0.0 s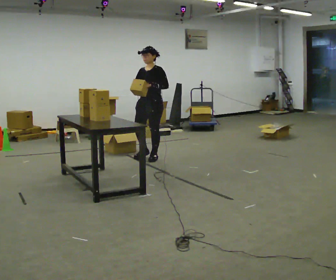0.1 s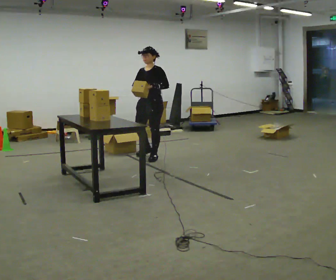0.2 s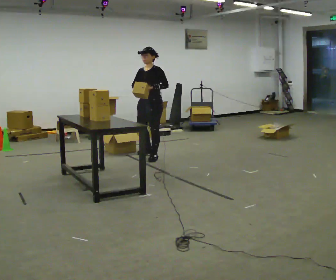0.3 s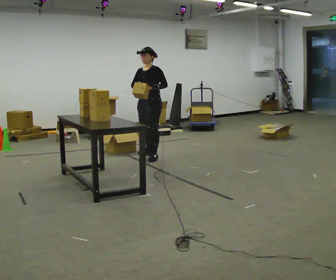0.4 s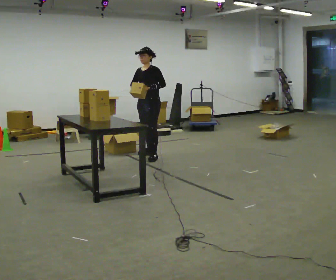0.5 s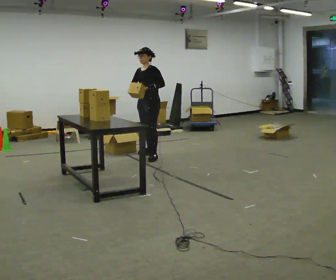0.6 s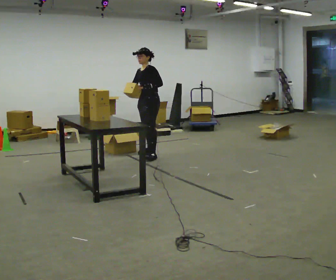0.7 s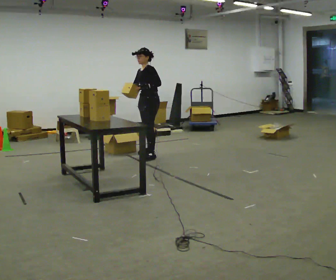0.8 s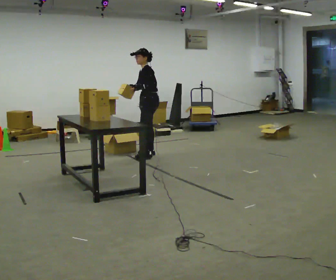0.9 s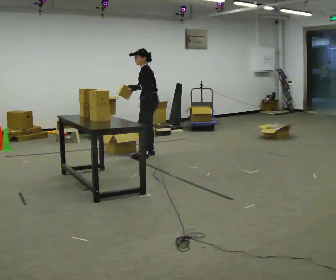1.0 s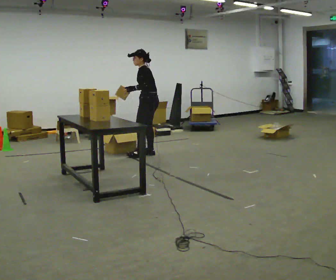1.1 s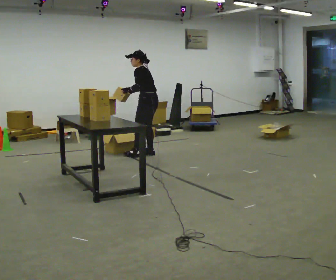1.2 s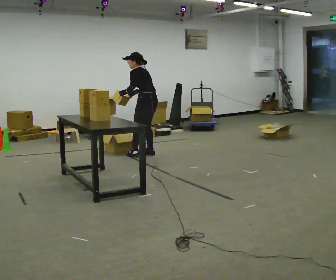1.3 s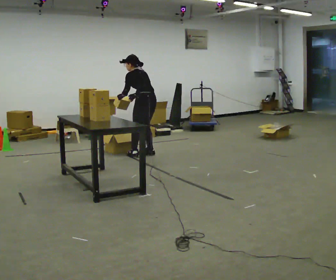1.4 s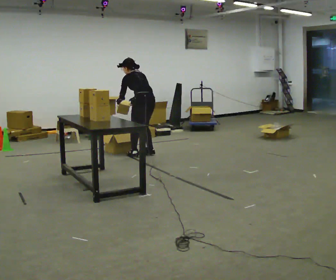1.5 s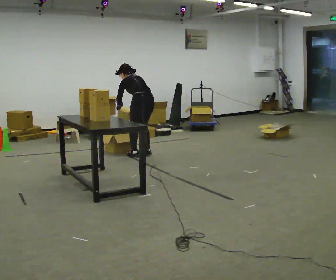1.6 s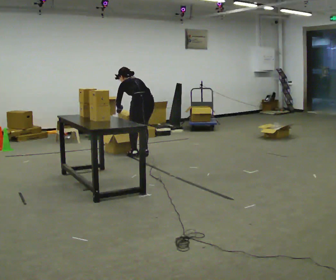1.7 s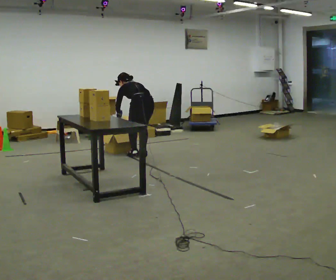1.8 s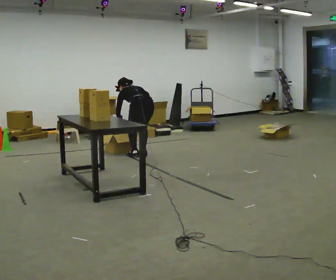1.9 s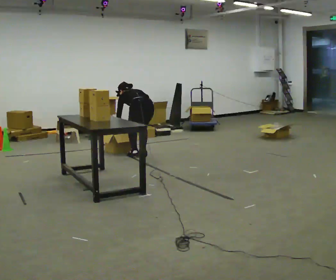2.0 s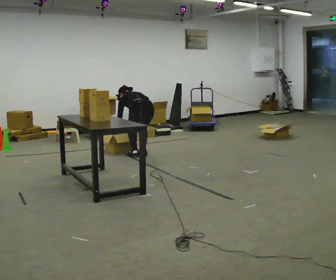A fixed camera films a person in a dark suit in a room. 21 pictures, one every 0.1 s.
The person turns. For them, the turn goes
to their right.
Their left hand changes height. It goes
downward.
0.0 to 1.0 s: The part of the body nearest the lens slides to the left as the person turns to their right by about 60 degrees. In the picture they go away from the camera, about 0.25 m in 1 step.
1.0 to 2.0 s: Seen from above the body turns clockwise, about 45 degrees: to their right, with its near side sliding to the left. In the picture they go toward the camera, about 0.25 m in 1 step, which for them is to their left. The shoulders move downward. The upper body tips away from the camera, its near side rolling upward, as they bend forward. In the picture their left hand goes downward.
The film runs backward here.
